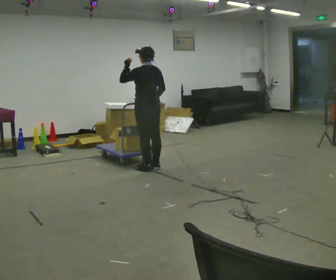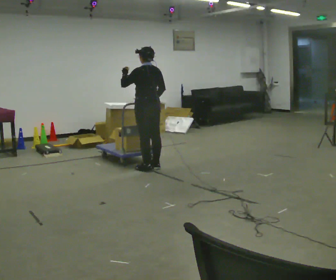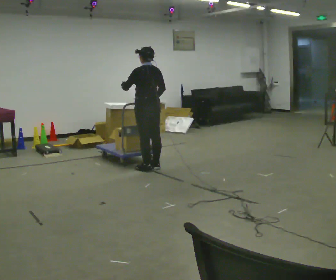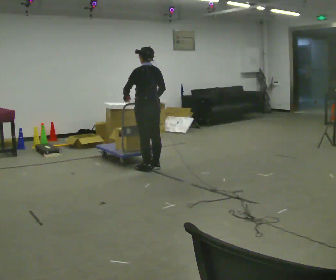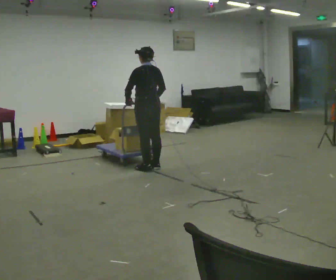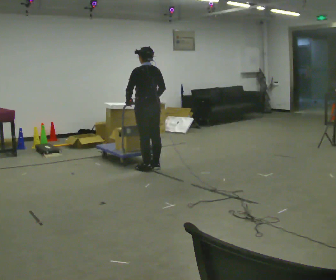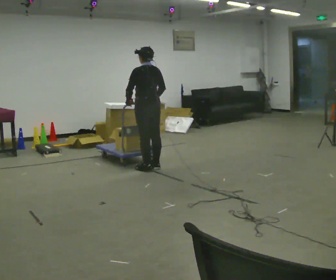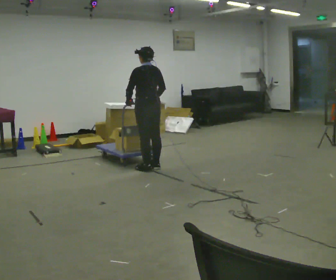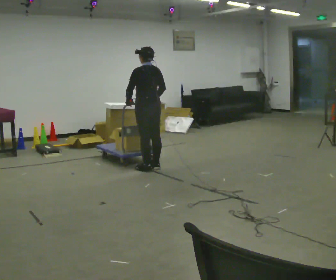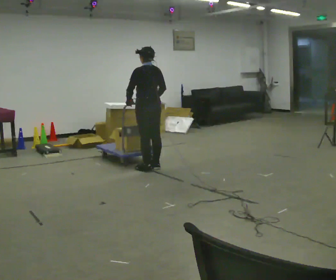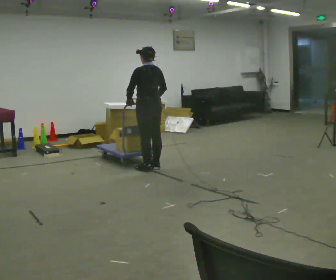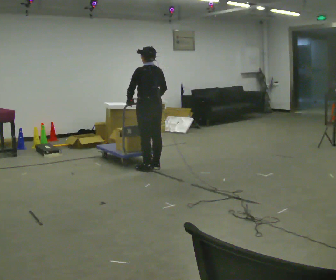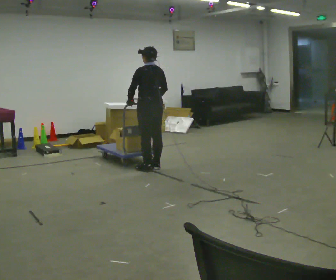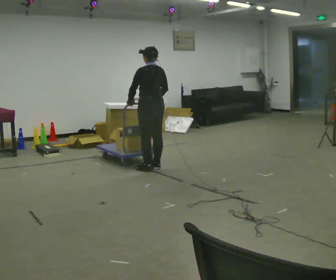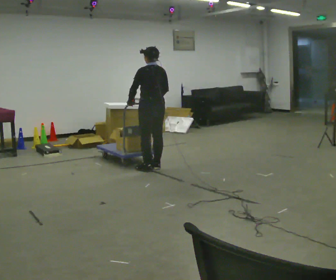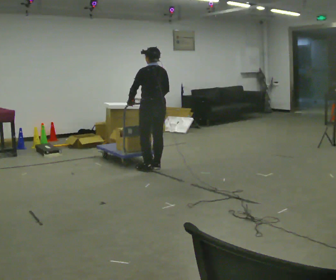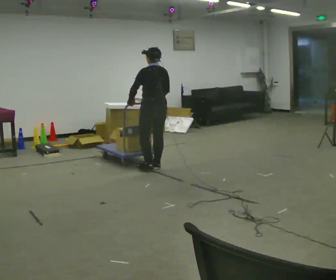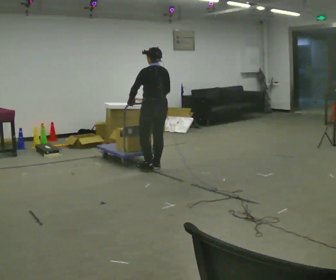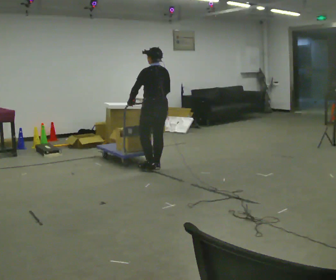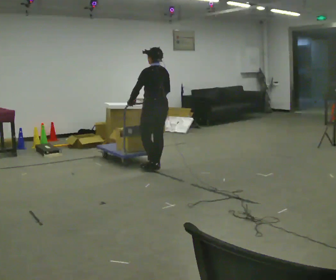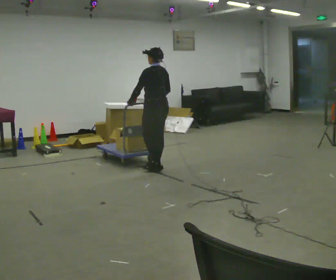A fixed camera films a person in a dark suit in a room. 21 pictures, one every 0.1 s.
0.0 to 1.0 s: In the picture their left hand goes downward.
1.0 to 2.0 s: The person moves a little, or ends about where they began.
The film runs backward here.
